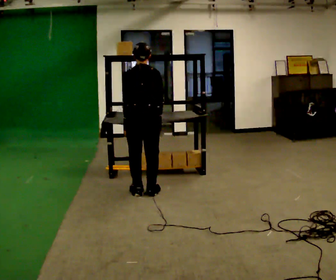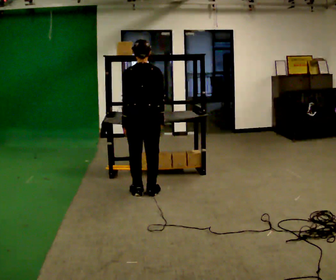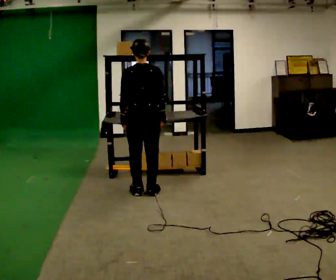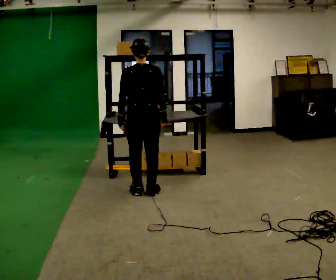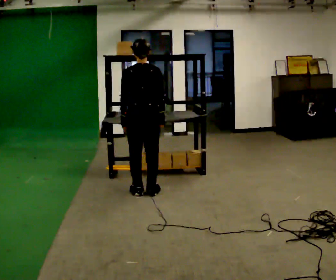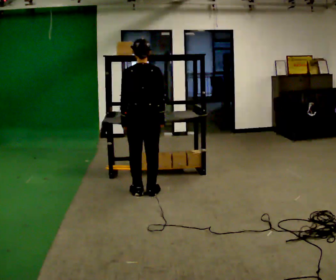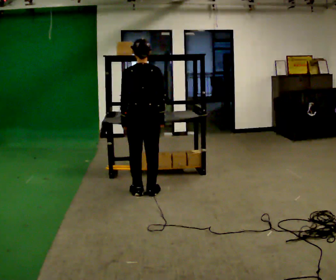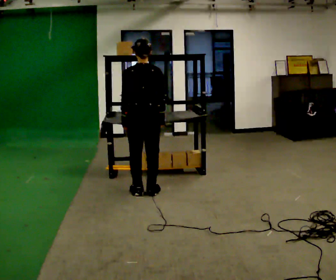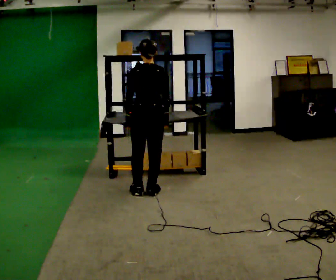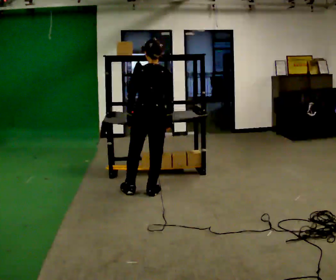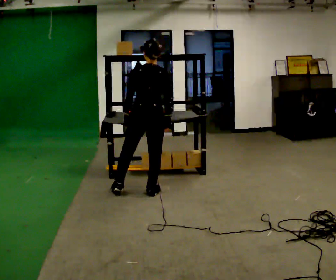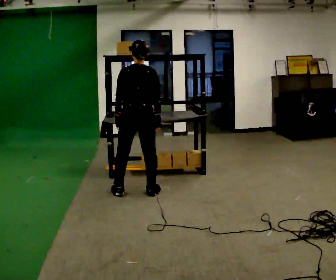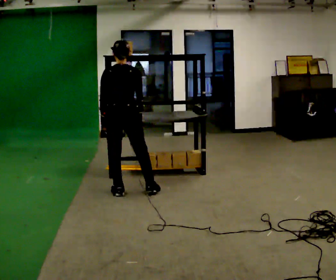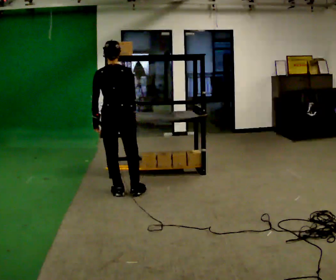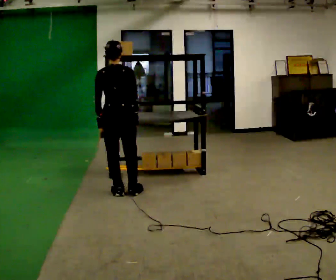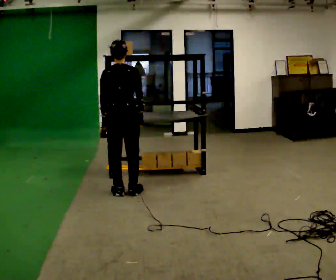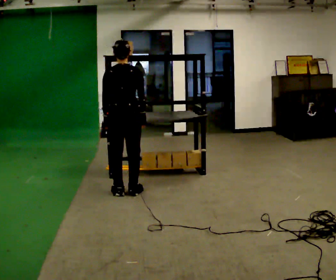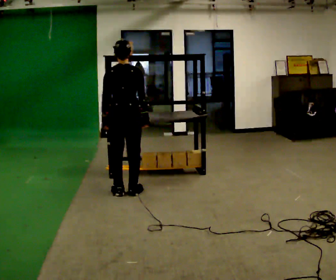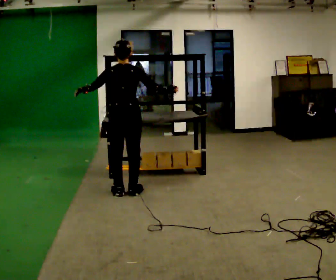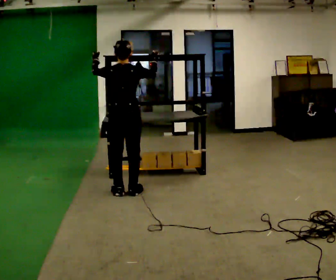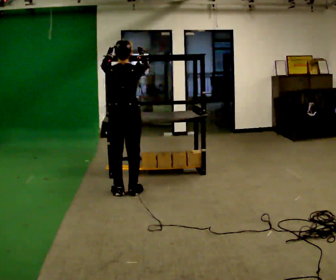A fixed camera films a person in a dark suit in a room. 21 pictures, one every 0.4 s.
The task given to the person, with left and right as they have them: Take an object from the highest shelf you can comfortably reach, carry it across, and place it on the lowest shelf. Keep going until the operator says stop; one object at a time, and do not rush between trips.
0.0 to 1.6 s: The upper body tips toward the camera, its near side rolling downward, as they lean back or straighten.
1.6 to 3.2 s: The person moves a little, or ends about where they began.
3.2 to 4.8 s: In the picture they go to the left, about 0.25 m in 1 step, which for them is to their left.
4.8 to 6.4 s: The person moves a little, or ends about where they began.
6.4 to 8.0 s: In the picture their left hand goes upward.
The film runs forward here.
